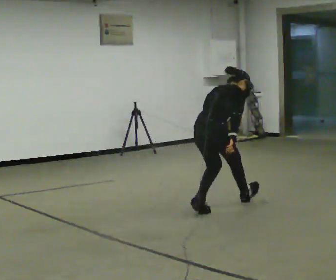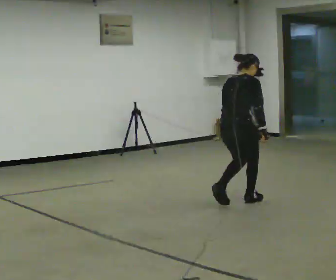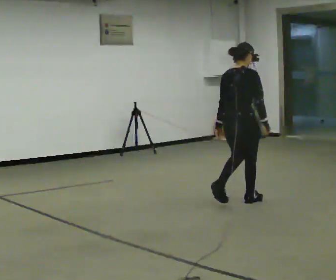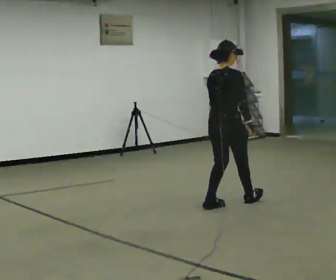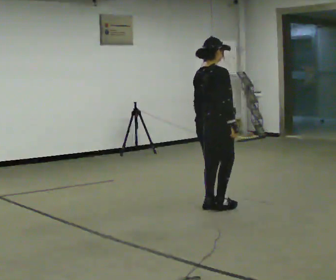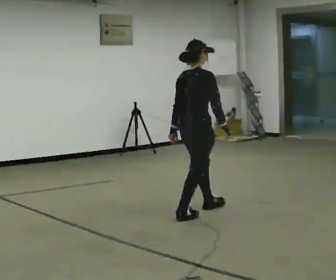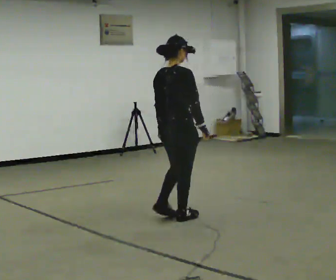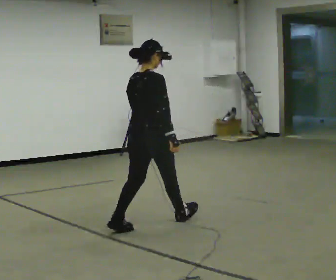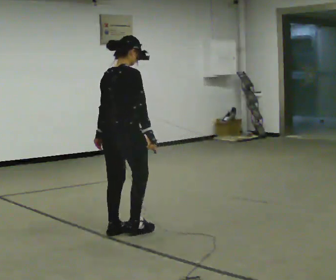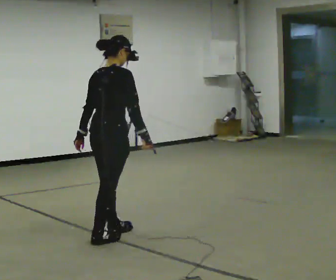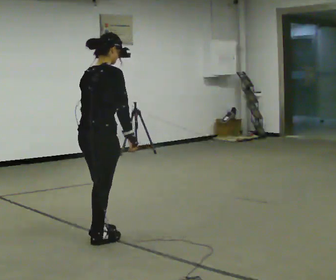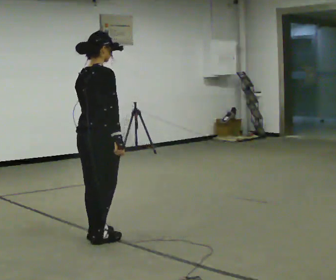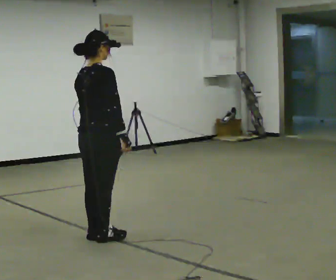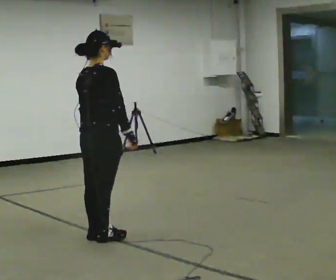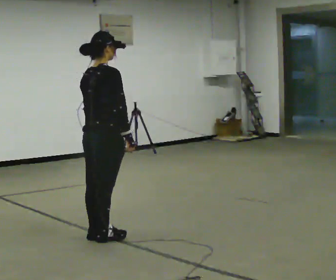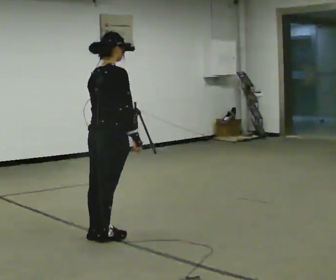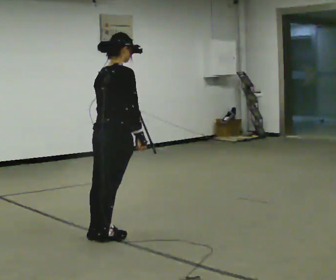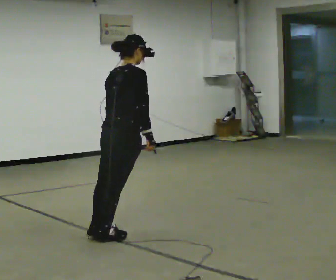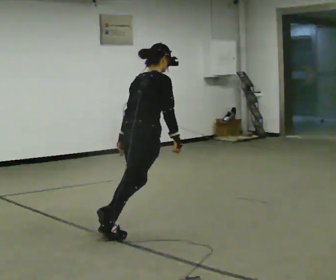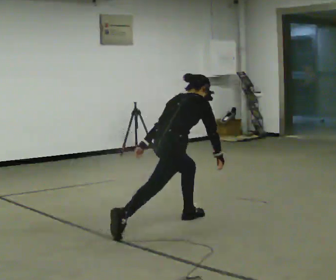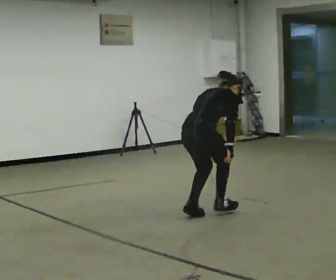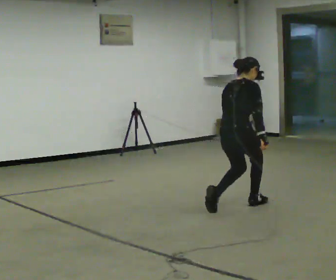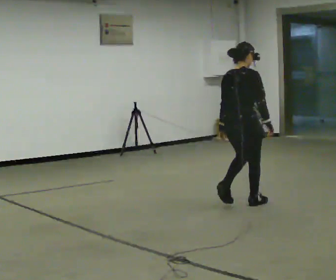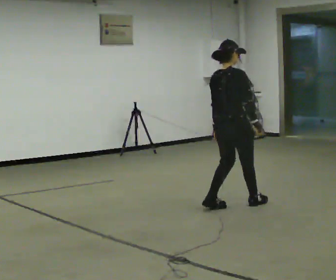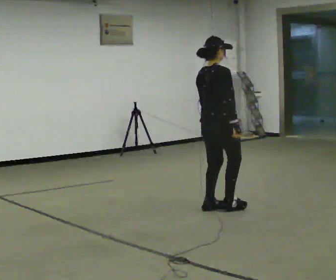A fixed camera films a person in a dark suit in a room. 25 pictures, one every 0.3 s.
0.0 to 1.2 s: The upper body goes upward. In the picture the upper body tilts counterclockwise, shoulders to the left, as they lean back or straighten.
1.2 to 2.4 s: In the picture they go to the left and toward the camera, about 1 m in 2 steps, which for them is backward.
2.4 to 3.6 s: In the picture they go to the left and toward the camera, about 0.25 m in 2 steps, which for them is backward.
3.6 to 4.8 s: The person moves a little, or ends about where they began.
4.8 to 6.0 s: In the picture they go to the right and away from the camera, about 1 m in 1 step, which for them is forward.
6.0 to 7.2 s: In the picture they go away from the camera, about 0.25 m in 2 steps, which for them is forward. The shoulders move upward. In the picture the upper body tilts counterclockwise, shoulders to the left, as they lean back or straighten.
The film runs forward here.
